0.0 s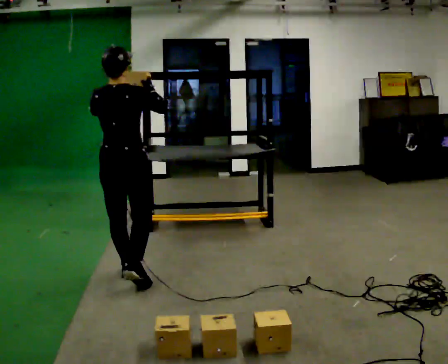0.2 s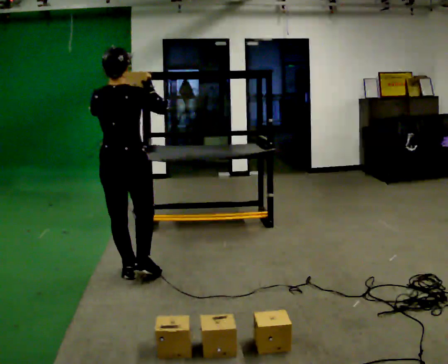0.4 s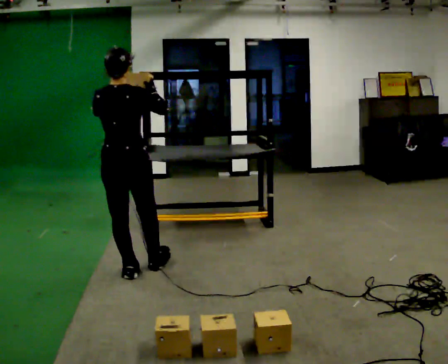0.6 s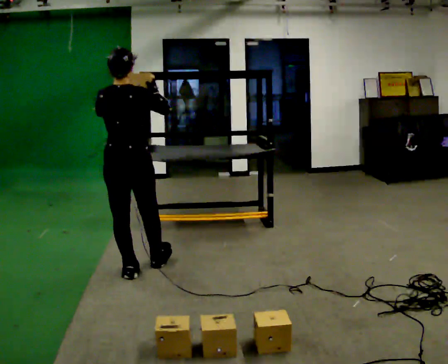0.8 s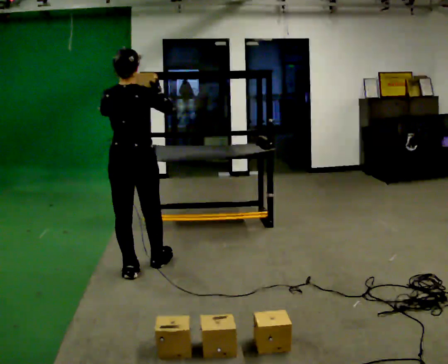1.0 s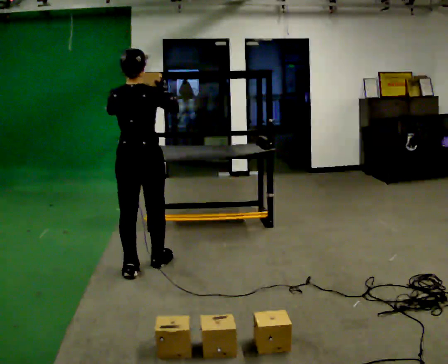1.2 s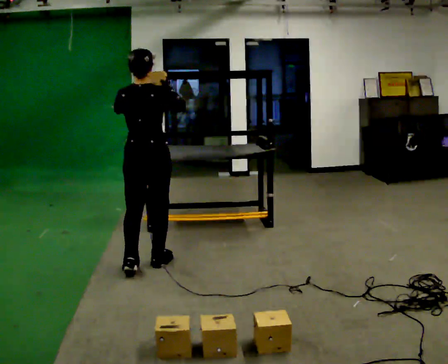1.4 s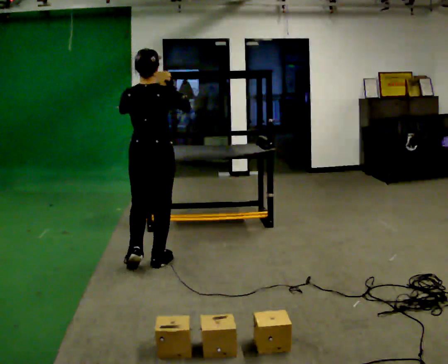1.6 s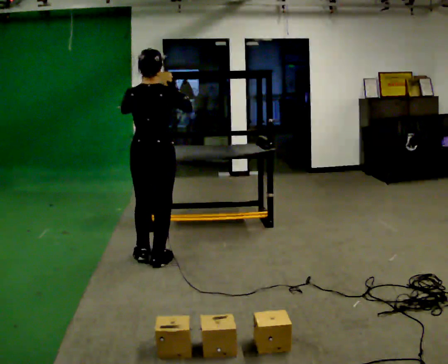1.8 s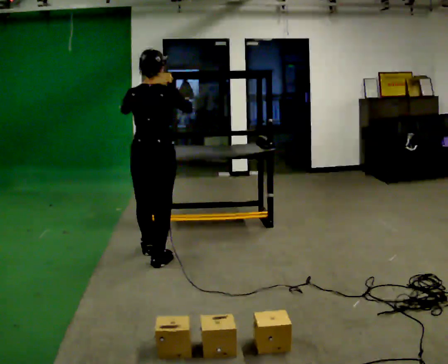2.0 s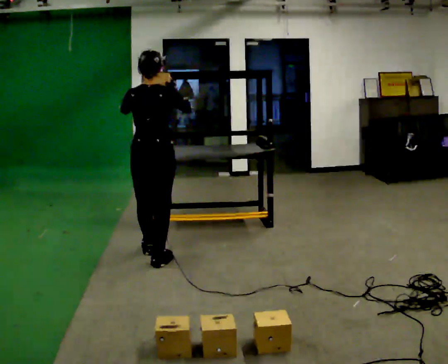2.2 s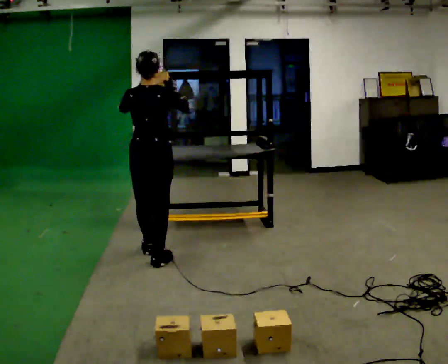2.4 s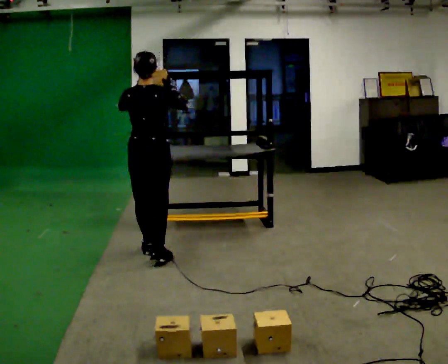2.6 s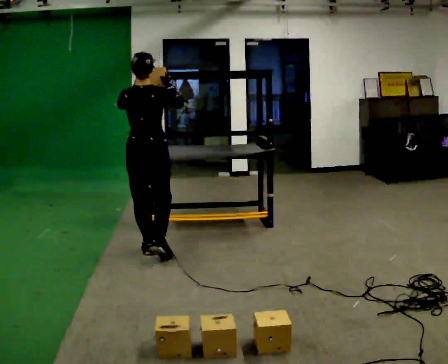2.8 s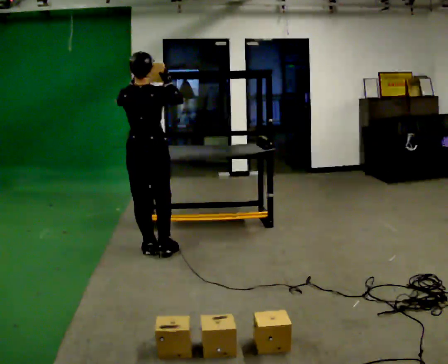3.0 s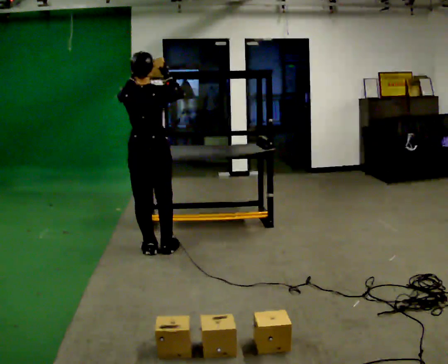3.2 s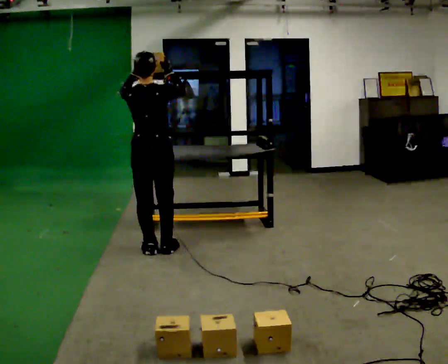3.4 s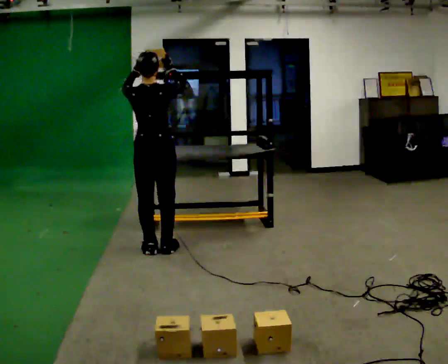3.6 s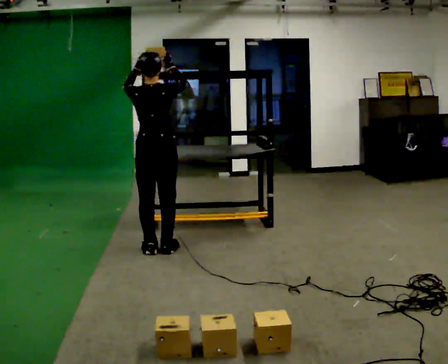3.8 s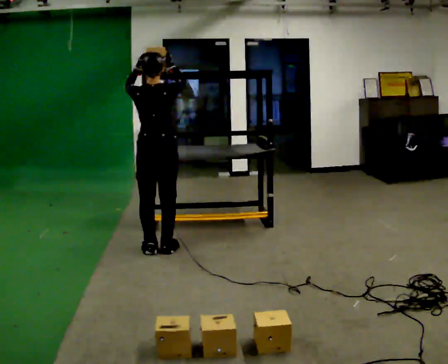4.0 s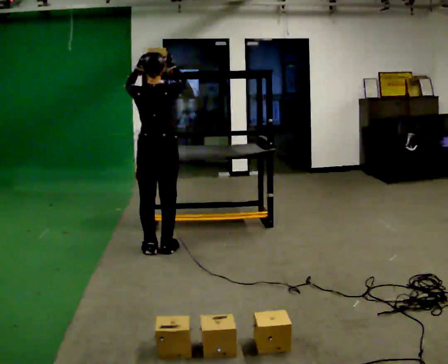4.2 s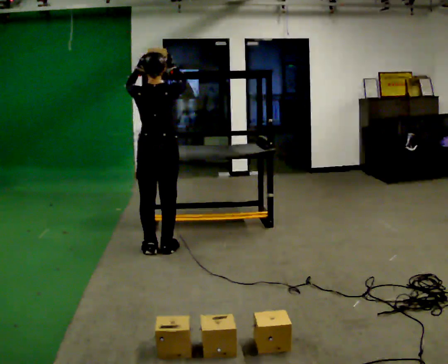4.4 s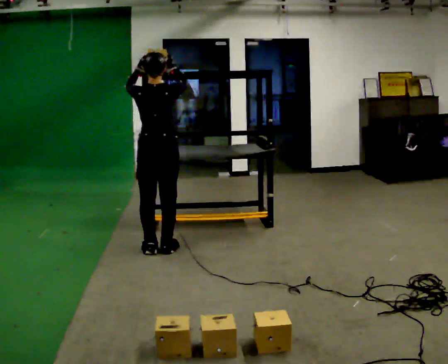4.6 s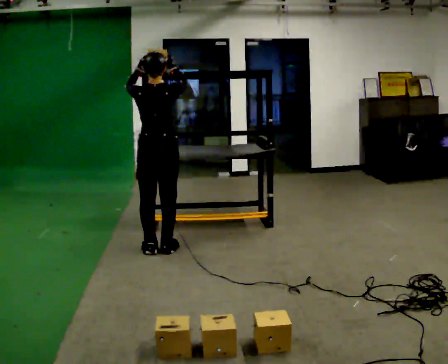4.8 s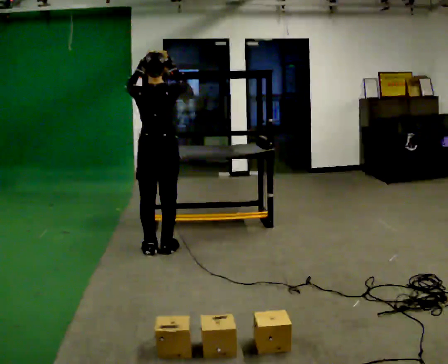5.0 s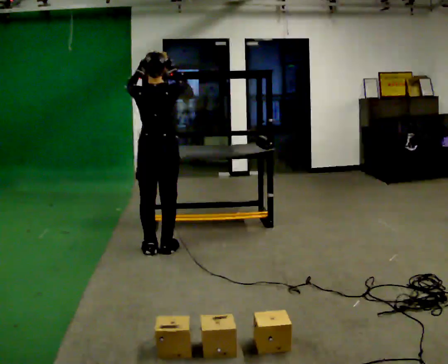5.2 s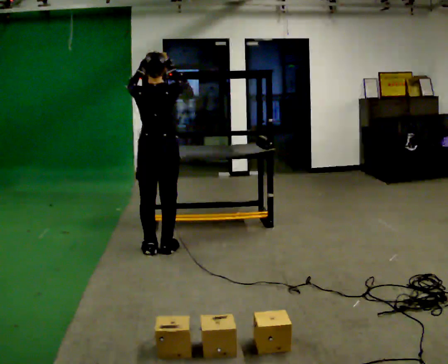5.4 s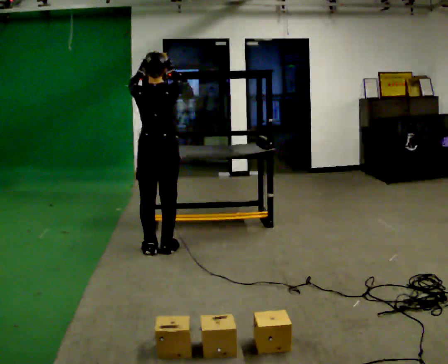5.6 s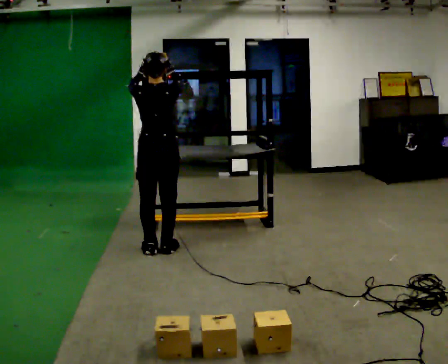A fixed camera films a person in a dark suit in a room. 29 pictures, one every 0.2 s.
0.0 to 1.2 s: In the picture they go away from the camera and to the right, about 0.25 m in 1 step, which for them is forward.
1.2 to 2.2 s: In the picture they go away from the camera, about 0.25 m in 1 step, which for them is forward.
2.2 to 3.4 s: In the picture they go away from the camera, about 0.25 m in 1 step, which for them is forward.
3.4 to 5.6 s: The person moves a little, or ends about where they began.
The film runs forward here.
